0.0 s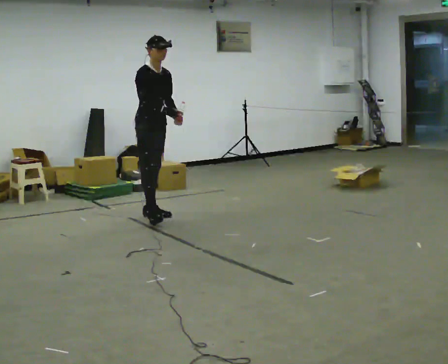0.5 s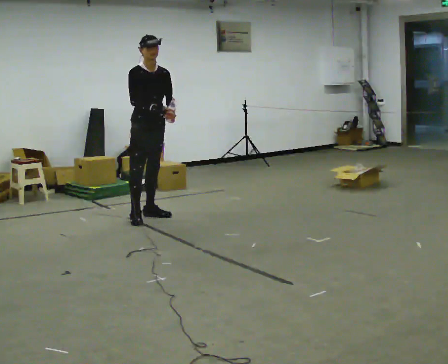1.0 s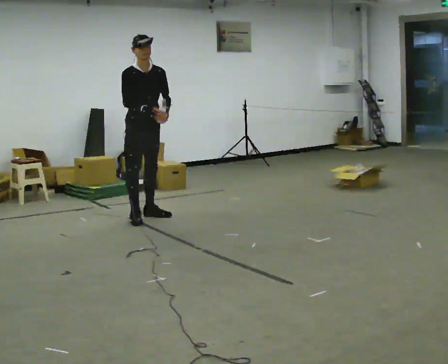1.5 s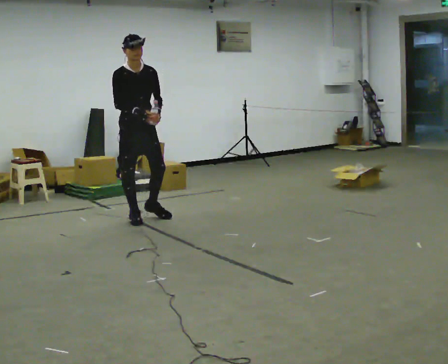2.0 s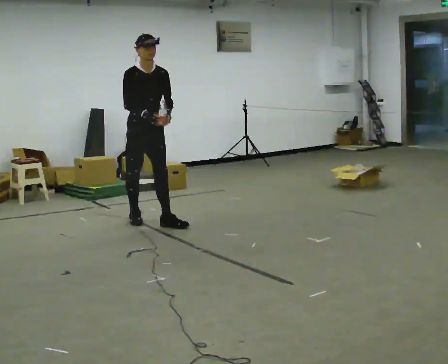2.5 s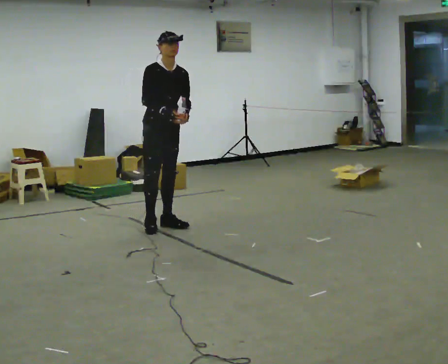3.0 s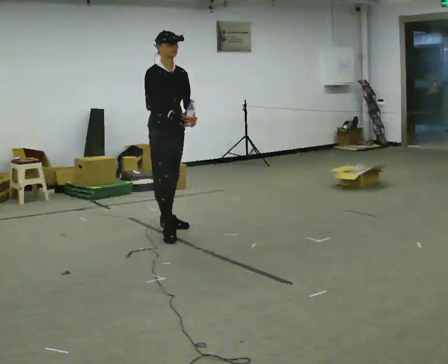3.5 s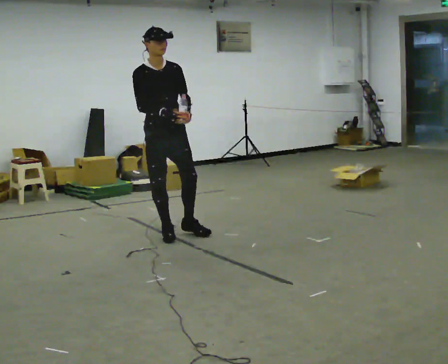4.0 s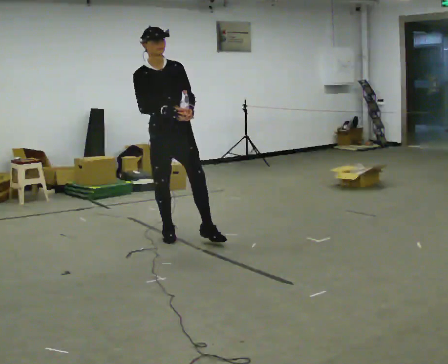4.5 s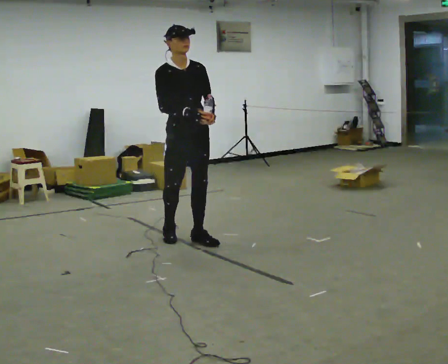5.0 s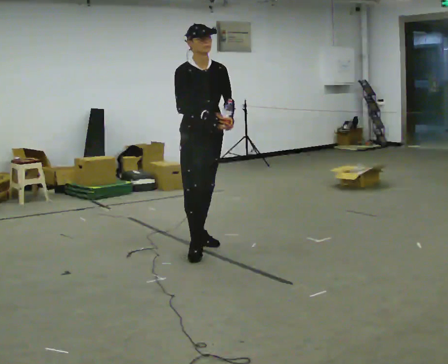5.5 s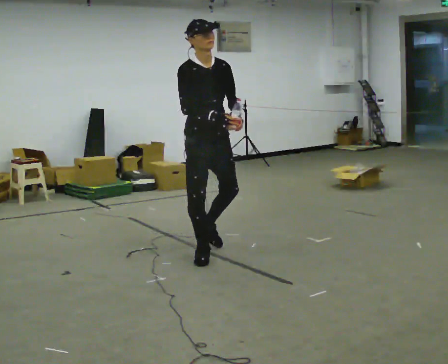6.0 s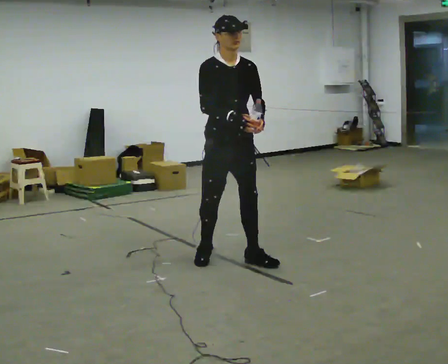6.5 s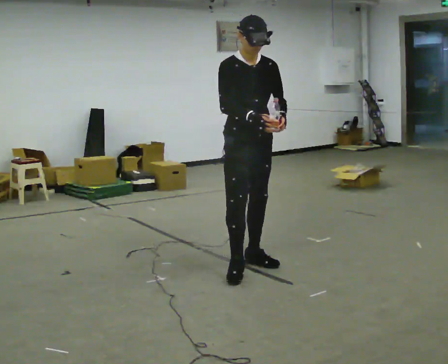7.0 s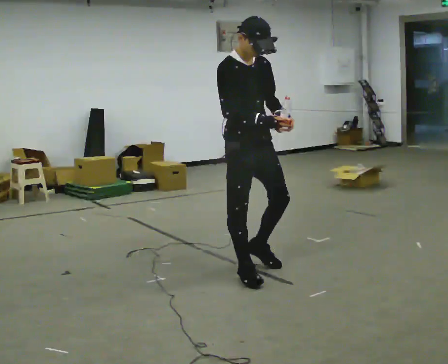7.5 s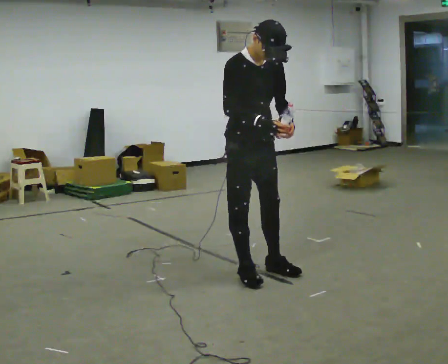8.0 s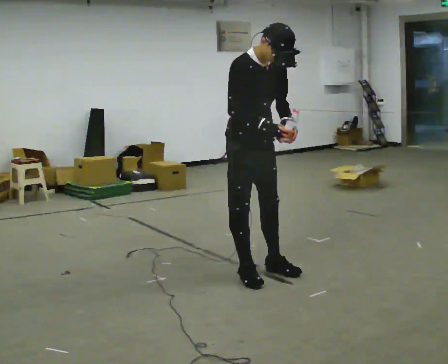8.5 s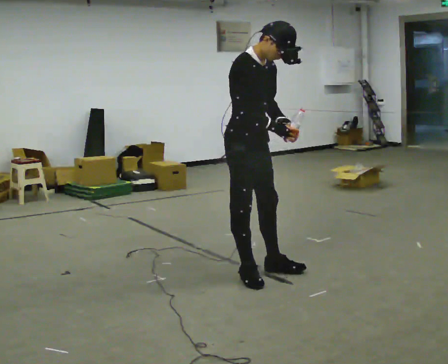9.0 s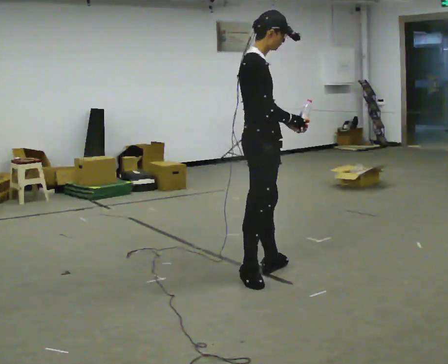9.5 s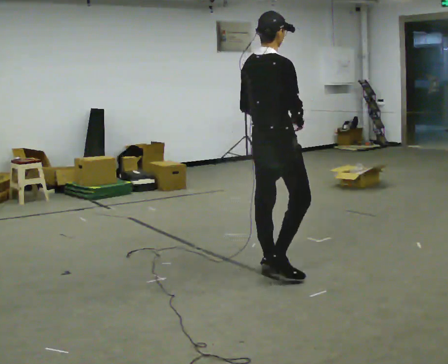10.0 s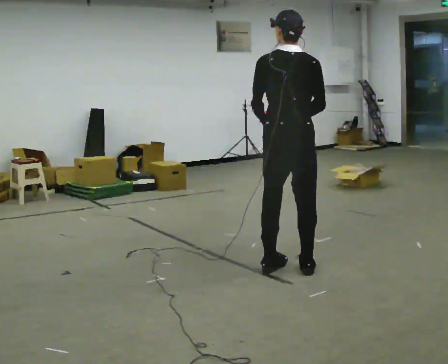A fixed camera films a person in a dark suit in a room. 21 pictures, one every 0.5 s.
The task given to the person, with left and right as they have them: Carry the open container of water across the room without spilling it, back and forth.
0.0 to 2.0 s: In the picture they go toward the camera, about 0.25 m in 2 steps, which for them is forward and to their right.
2.0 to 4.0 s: In the picture they go toward the camera, about 0.5 m in 2 steps, which for them is forward.
4.0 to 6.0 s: In the picture they go toward the camera and to the right, about 1 m in 2 steps, which for them is forward.
6.0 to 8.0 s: In the picture they go toward the camera, about 0.25 m in 2 steps, which for them is forward and to their right.
8.0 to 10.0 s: Seen from above the body turns counterclockwise, about 150 degrees: to their left, with its near side sliding to the right. In the picture they go to the right, about 0.25 m in 1 step. The upper body tips away from the camera, its near side rolling upward.
The film runs forward here.
